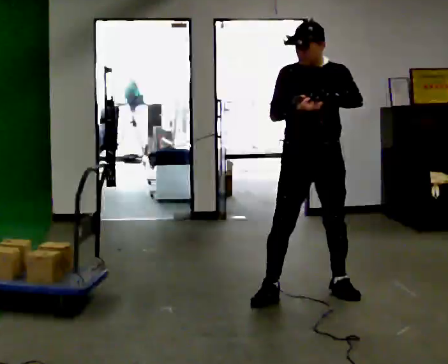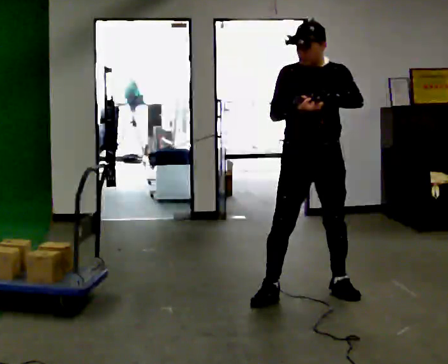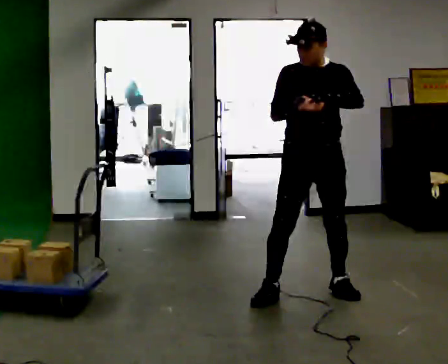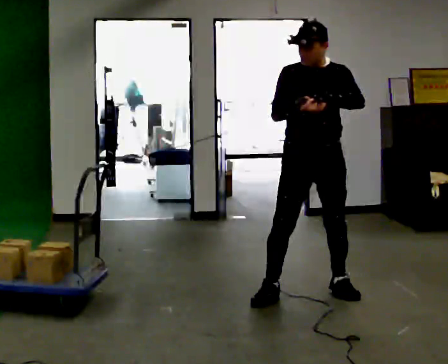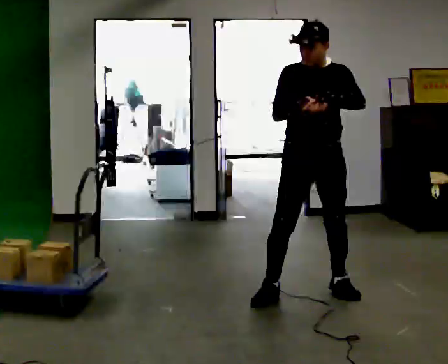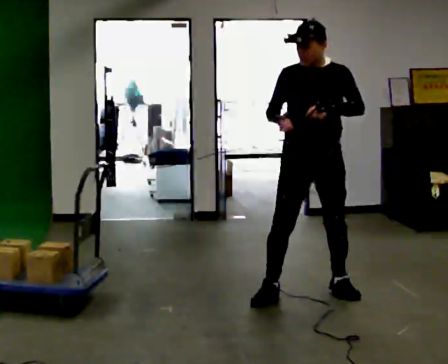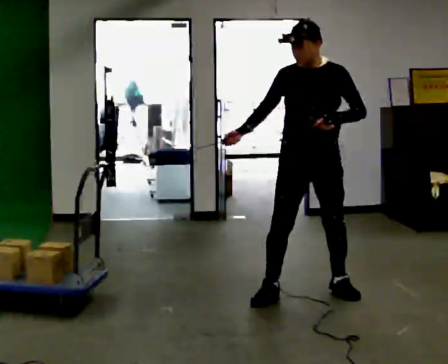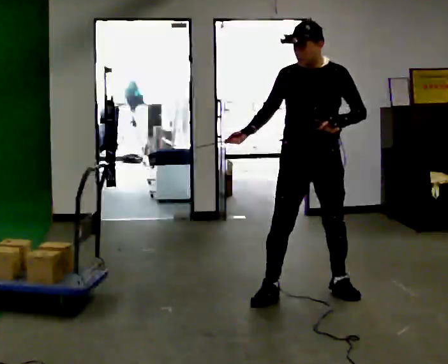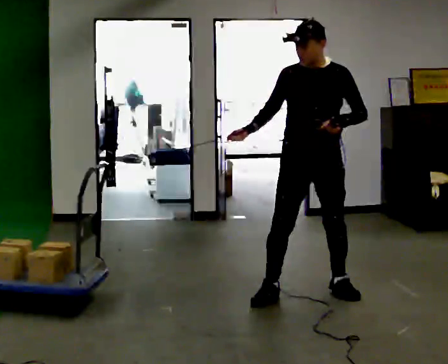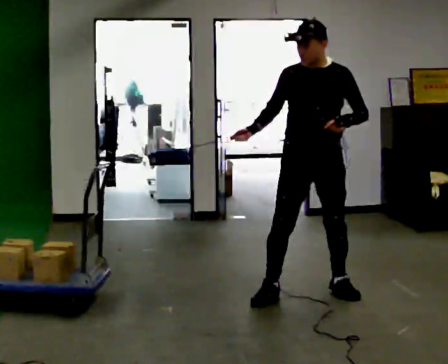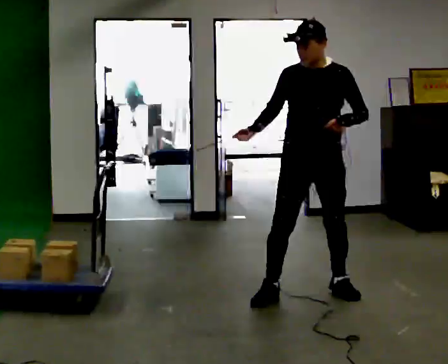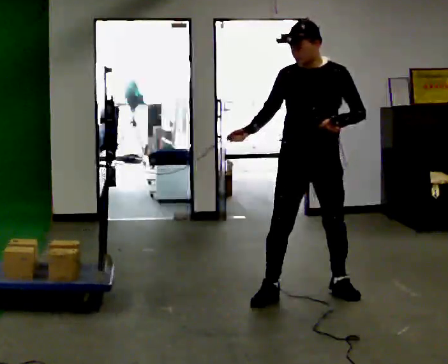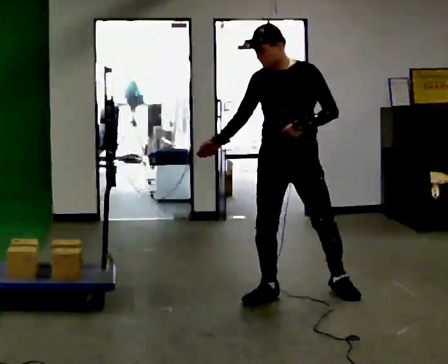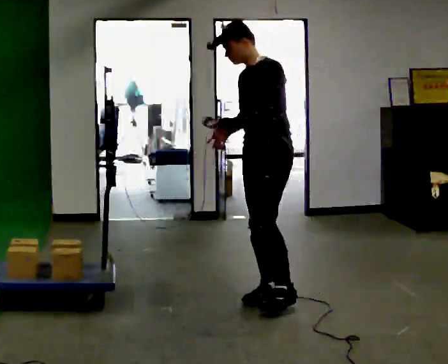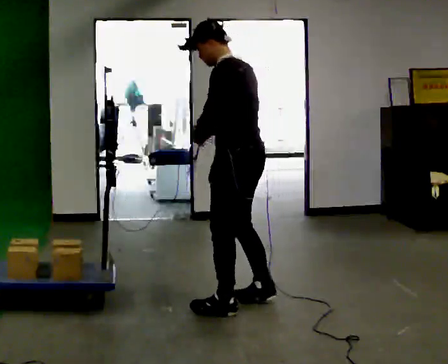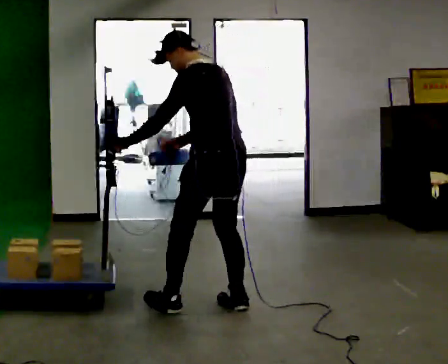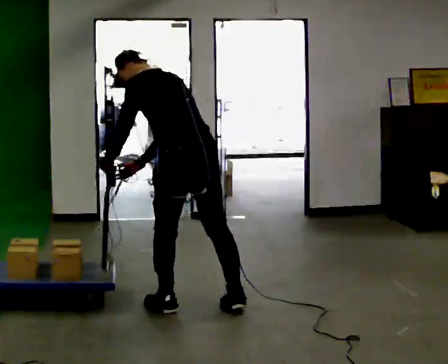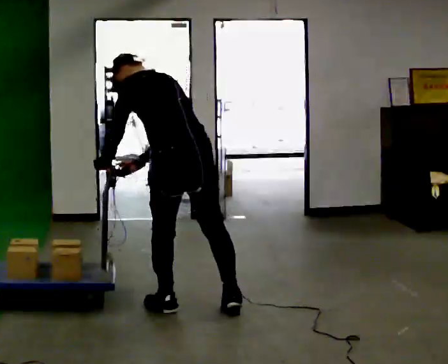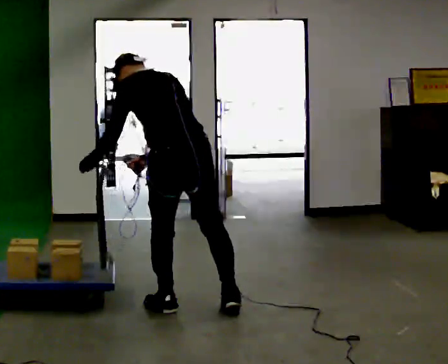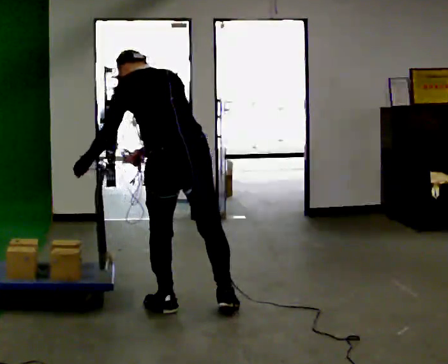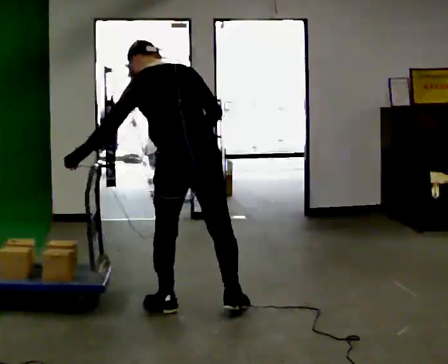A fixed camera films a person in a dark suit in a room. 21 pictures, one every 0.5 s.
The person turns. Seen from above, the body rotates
clockwise.
The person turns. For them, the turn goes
to their right.
0.0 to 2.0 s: The person keeps their place and pose.
2.0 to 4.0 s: In the picture their right hand goes to the left.
4.0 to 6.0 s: The person moves a little, or ends about where they began.
6.0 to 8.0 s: The person turns about 120 degrees to their right, clockwise seen from above, so the part of the body nearest the lens slides to the left. In the picture they go to the left and toward the camera, about 0.75 m in 3 steps. The upper body tips away from the camera, its near side rolling upward, as they bend forward.
8.0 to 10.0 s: The part of the body nearest the lens slides to the left as the person turns to their right by about 30 degrees. In the picture their right hand goes to the right, the arm swinging counterclockwise.
The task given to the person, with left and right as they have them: Hold the rope on the loaded pallet and pull as hard as is comfortable for a few seconds, then relax. The operator will log the load and the peak reading on the scale for every take.
The film runs forward here.
